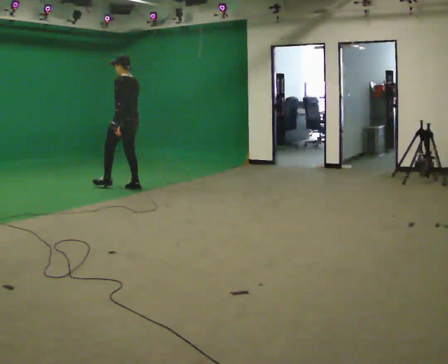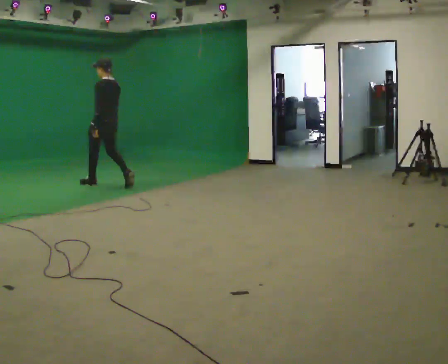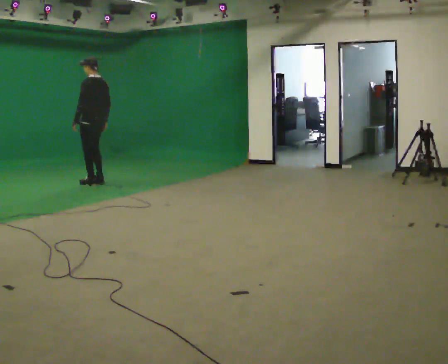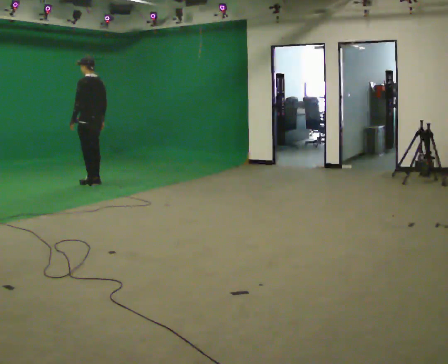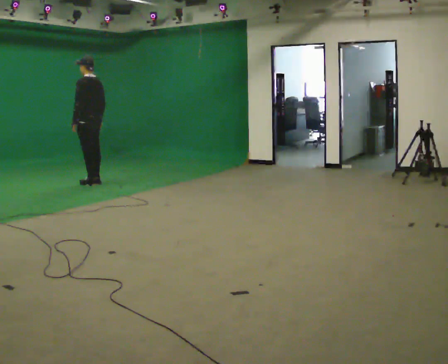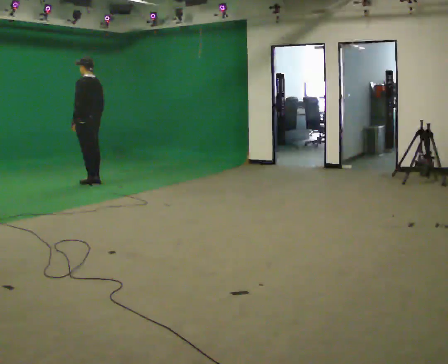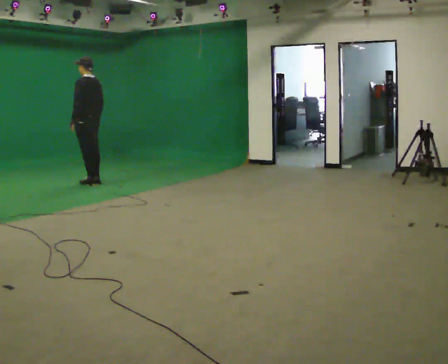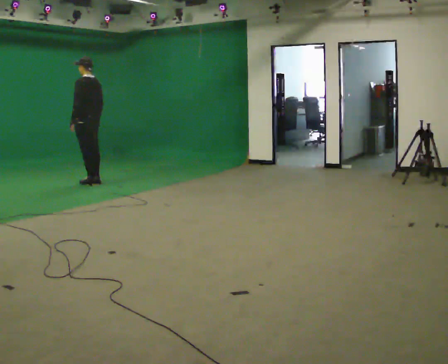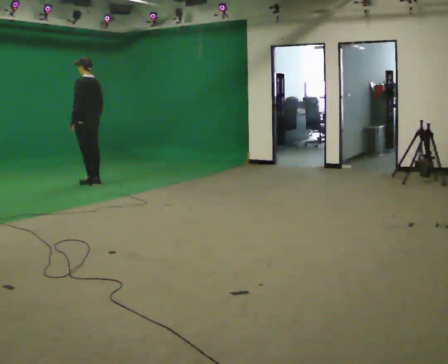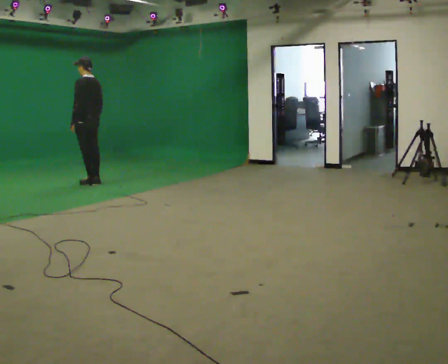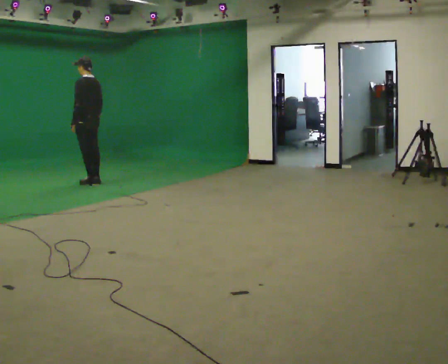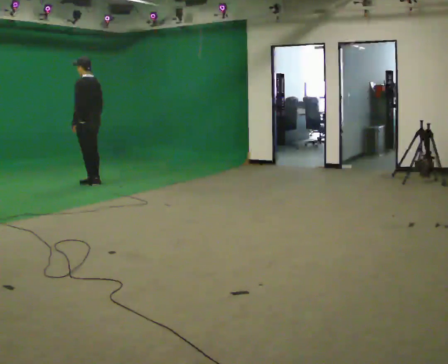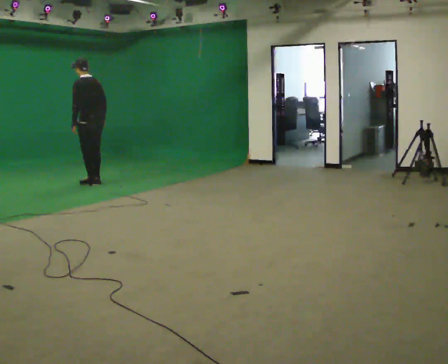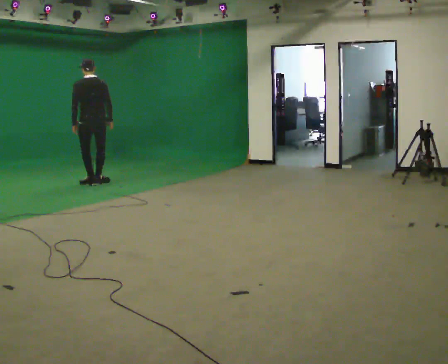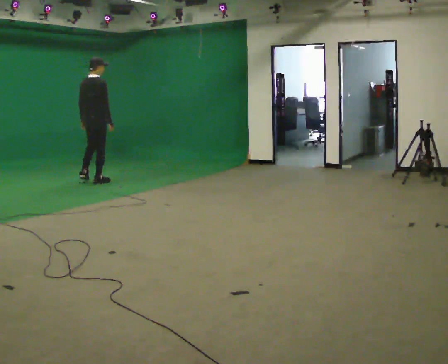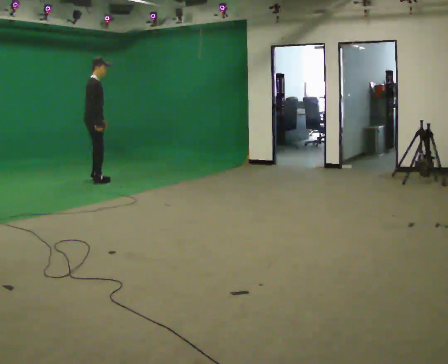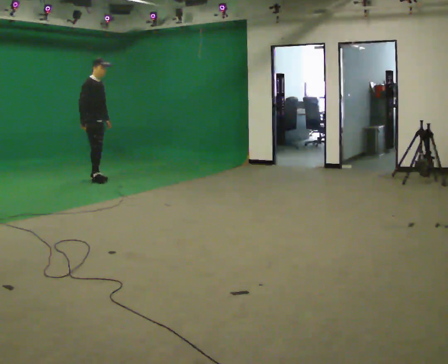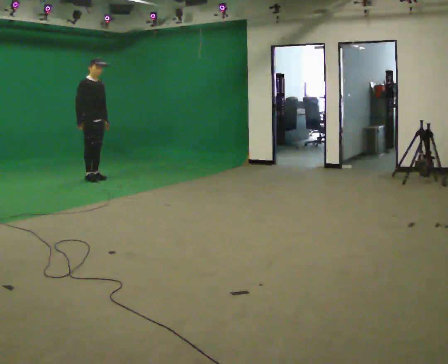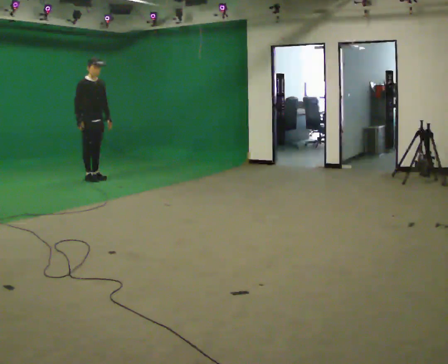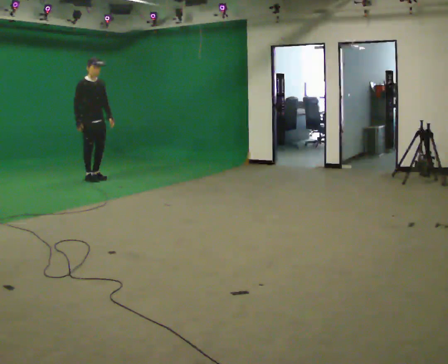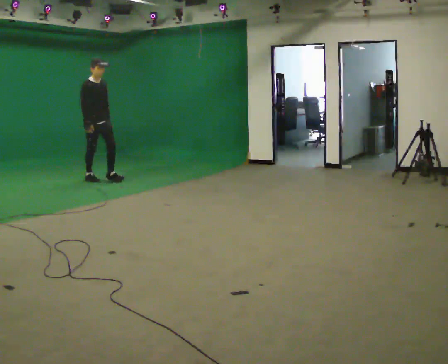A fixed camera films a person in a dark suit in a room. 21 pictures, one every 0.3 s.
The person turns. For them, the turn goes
to their right.
The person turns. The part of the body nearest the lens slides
to the left.
0.0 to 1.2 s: In the picture they go to the left and away from the camera, about 0.5 m in 2 steps, which for them is forward.
1.2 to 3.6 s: The person moves a little, or ends about where they began.
3.6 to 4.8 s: The part of the body nearest the lens slides to the left as the person turns to their right by about 165 degrees. In the picture they go away from the camera, about 0.25 m in 1 step. In the picture the upper body tilts clockwise, shoulders to the right.
4.8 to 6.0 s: The person moves a little, or ends about where they began.
The film runs forward here.
